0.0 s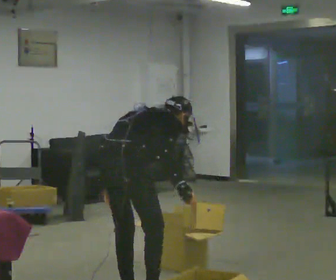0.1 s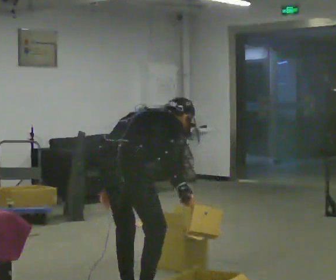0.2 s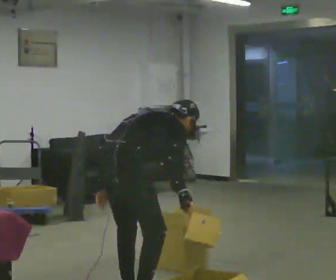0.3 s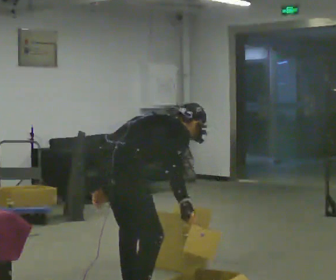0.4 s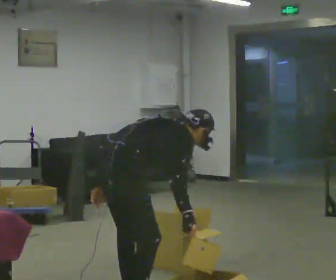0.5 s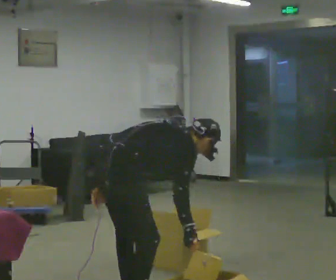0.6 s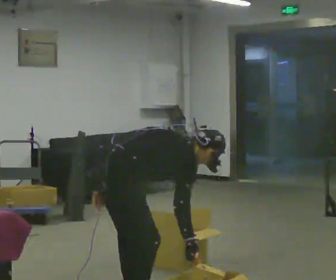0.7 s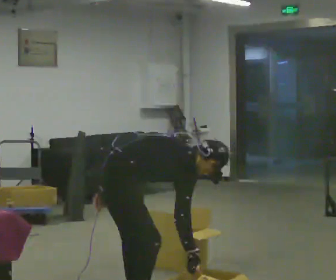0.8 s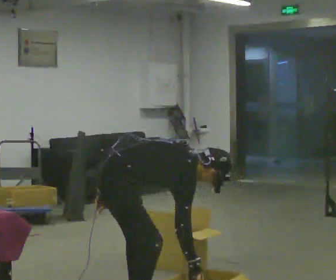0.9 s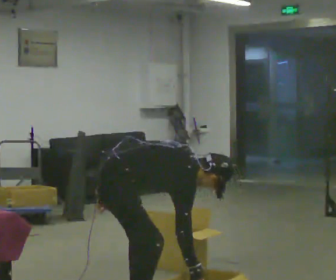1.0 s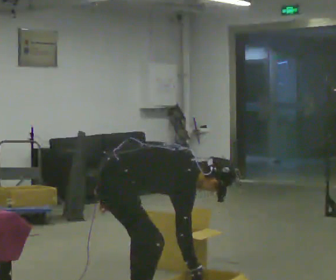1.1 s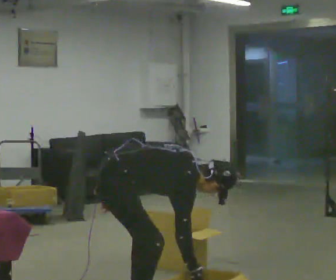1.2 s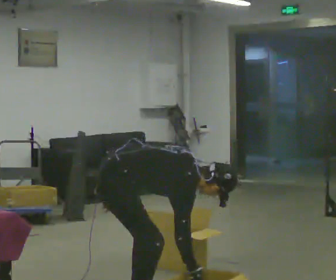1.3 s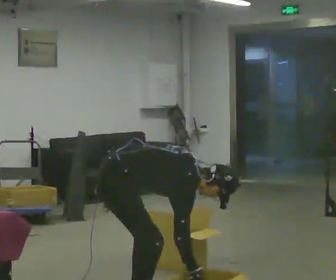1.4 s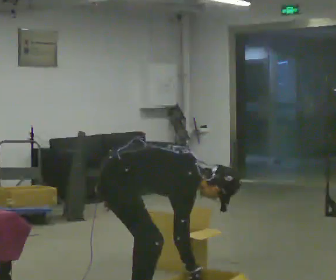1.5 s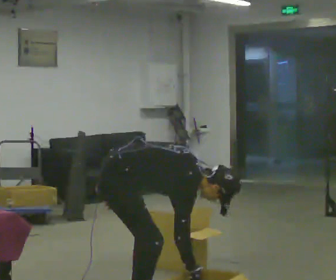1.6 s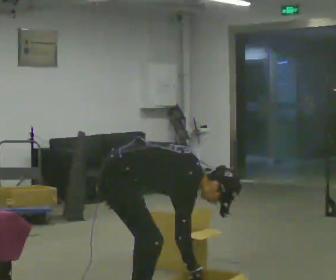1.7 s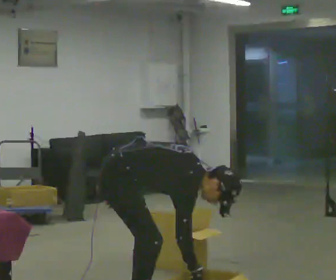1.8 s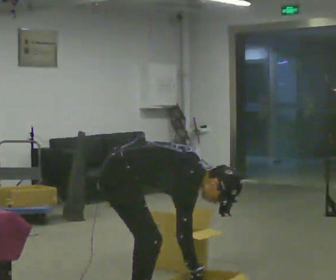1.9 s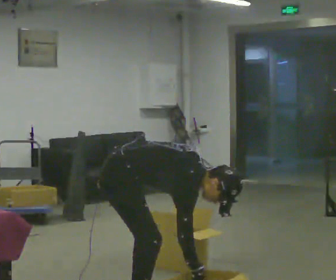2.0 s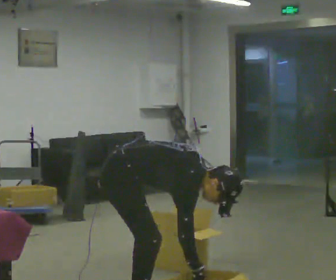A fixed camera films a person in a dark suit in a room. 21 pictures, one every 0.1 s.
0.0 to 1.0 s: The part of the body nearest the lens slides to the left as the person turns to their right by about 45 degrees. In the picture they go toward the camera, about 0.25 m, which for them is backward and to their right. The upper body goes downward. The upper body tips toward the camera, its near side rolling downward, as they bend forward.
1.0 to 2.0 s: The upper body tips toward the camera, its near side rolling downward.
The film runs backward here.
